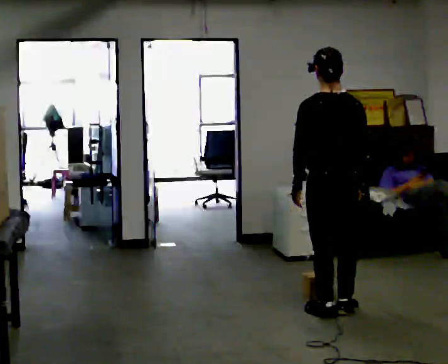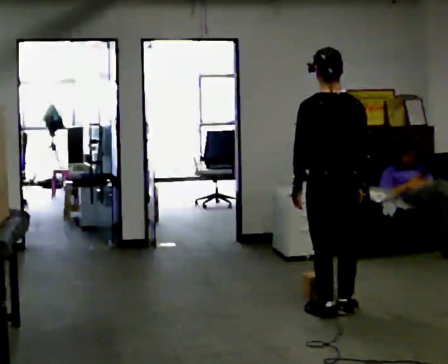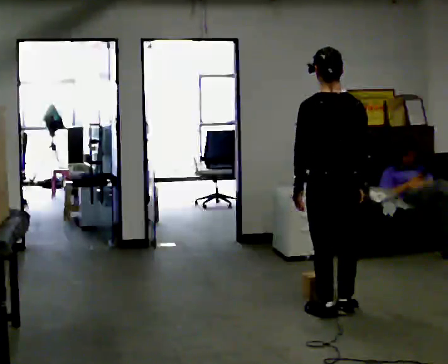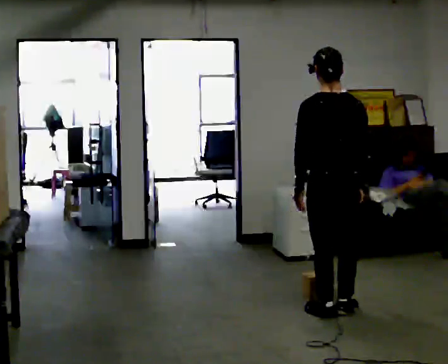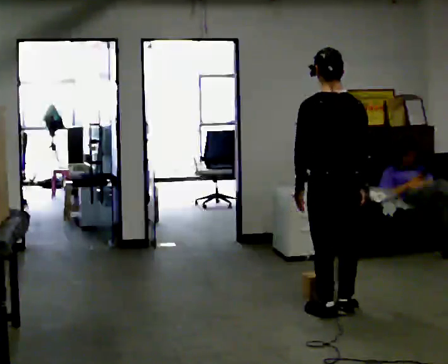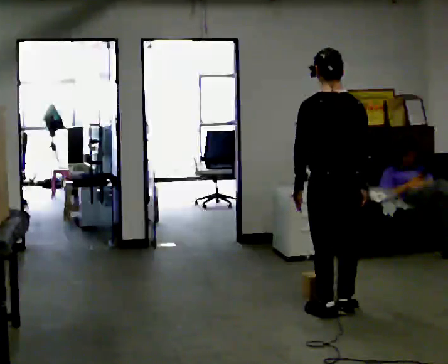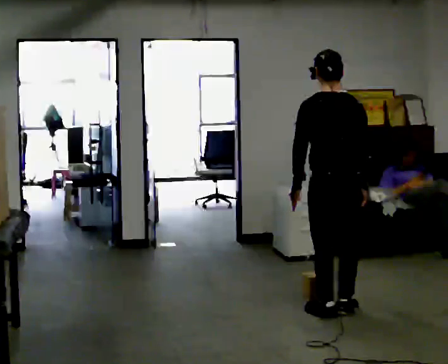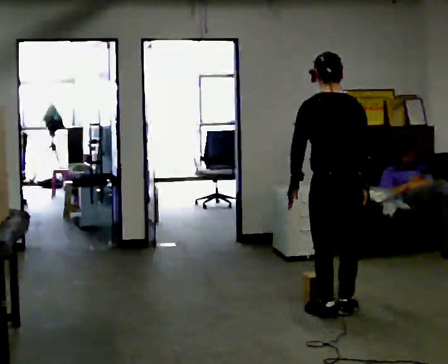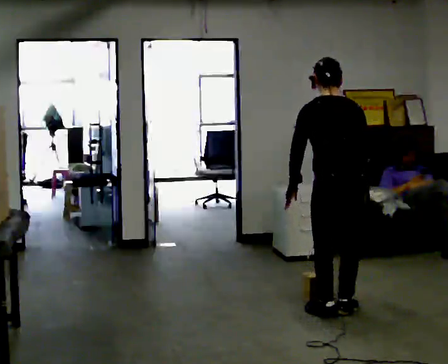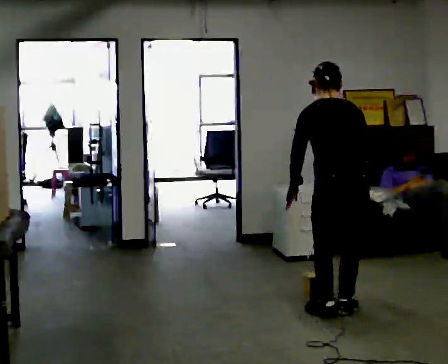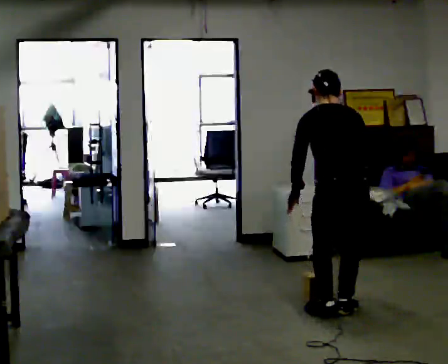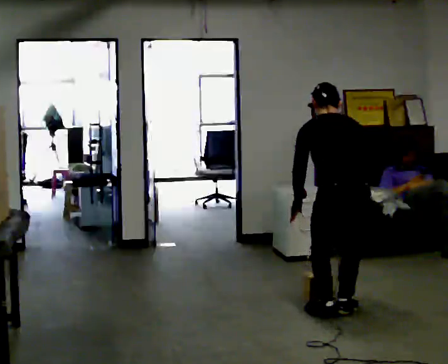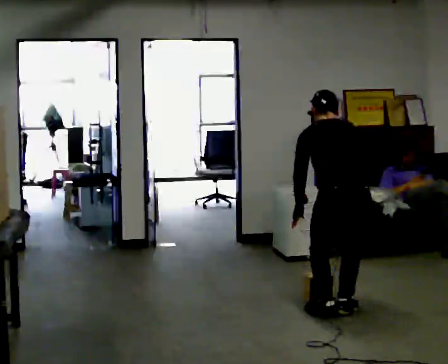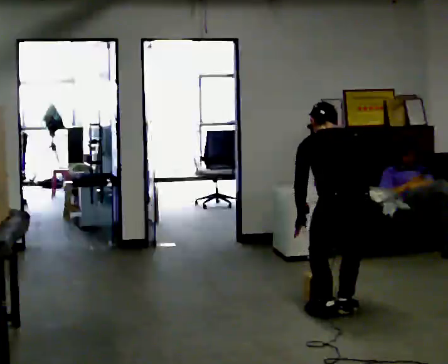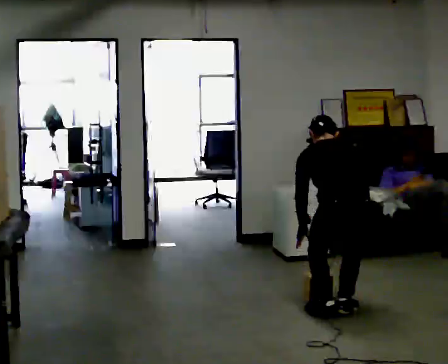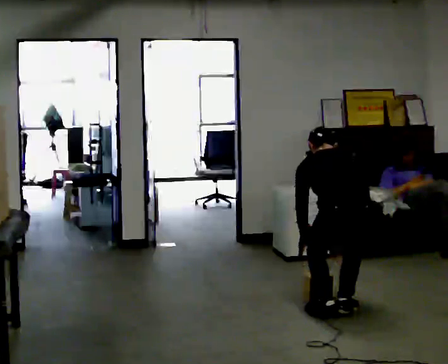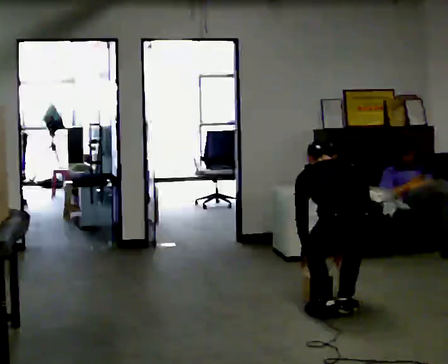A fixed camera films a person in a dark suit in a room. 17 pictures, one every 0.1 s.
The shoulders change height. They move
downward.
The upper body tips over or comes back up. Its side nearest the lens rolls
upward.
0.0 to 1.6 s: The shoulders move downward. The upper body tips away from the camera, its near side rolling upward, as they bend forward. In the picture their right hand goes downward.
The film runs backward here.
